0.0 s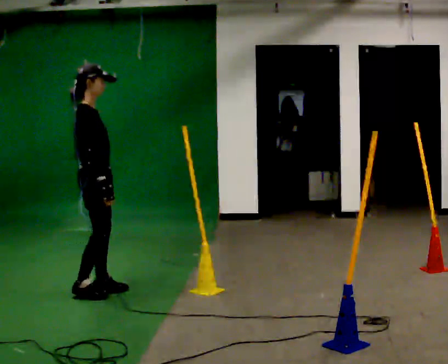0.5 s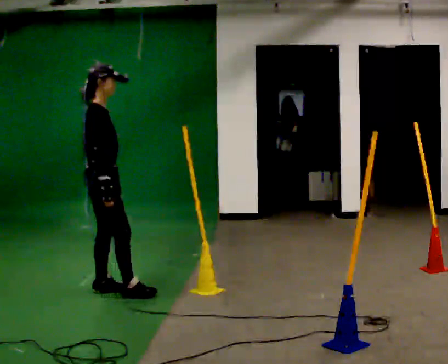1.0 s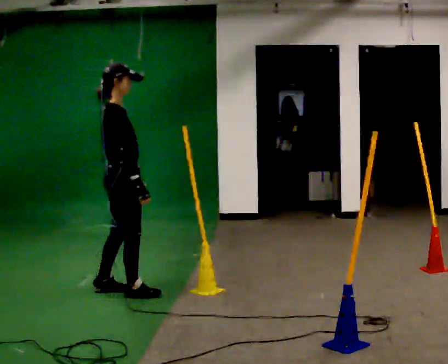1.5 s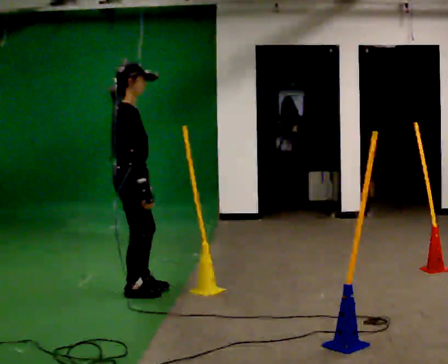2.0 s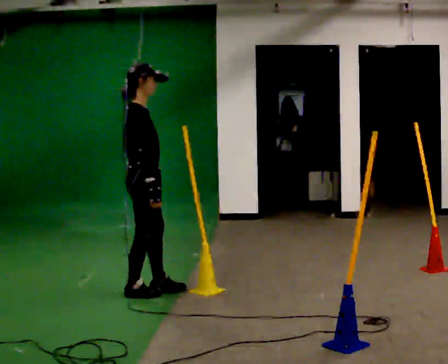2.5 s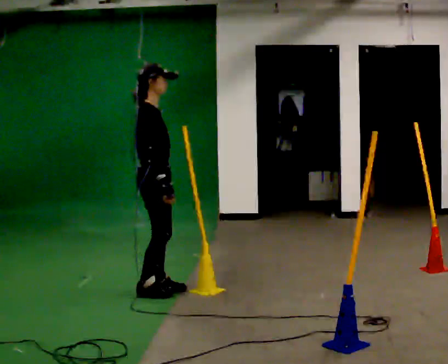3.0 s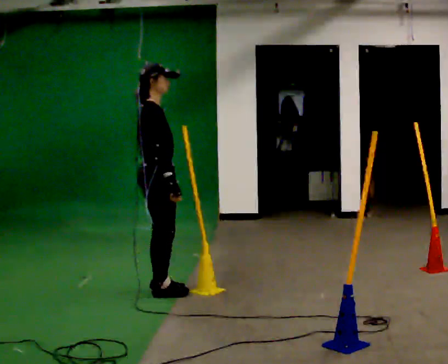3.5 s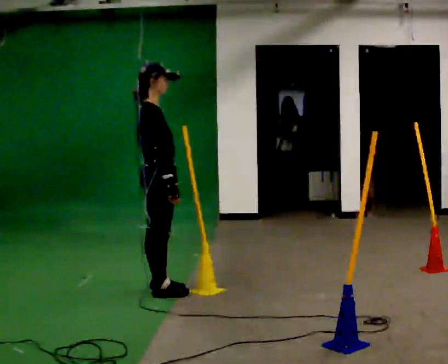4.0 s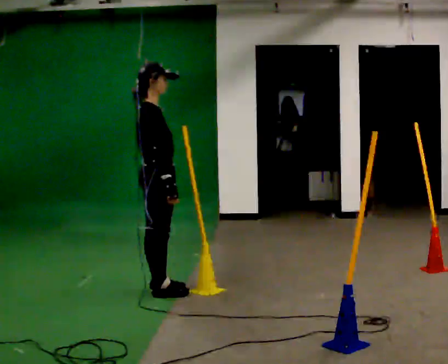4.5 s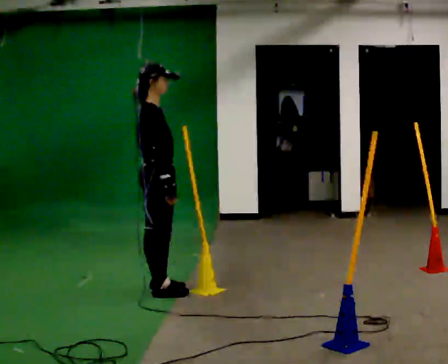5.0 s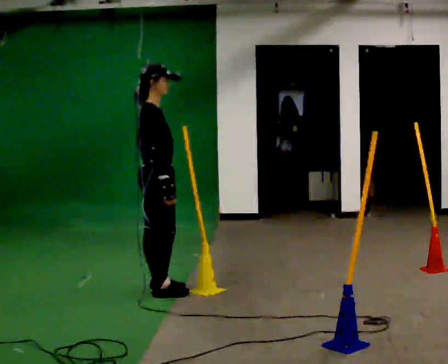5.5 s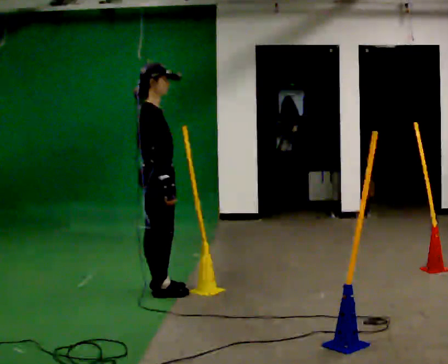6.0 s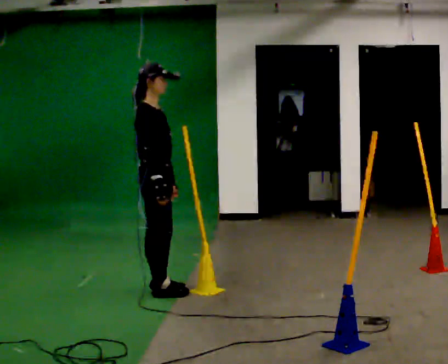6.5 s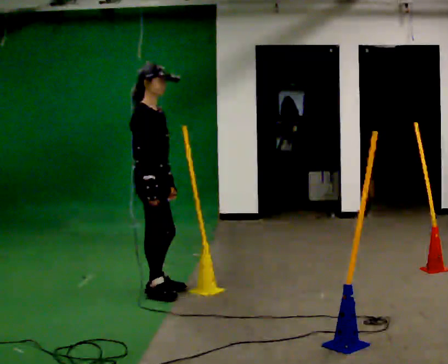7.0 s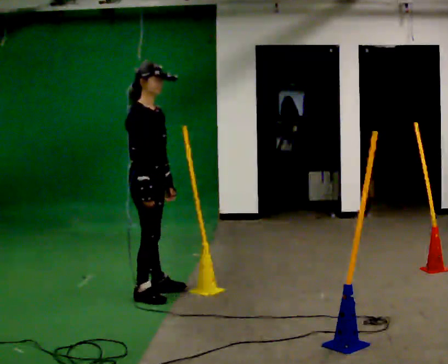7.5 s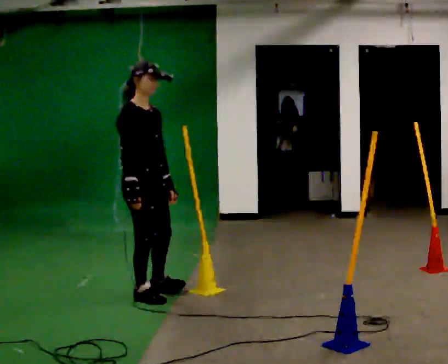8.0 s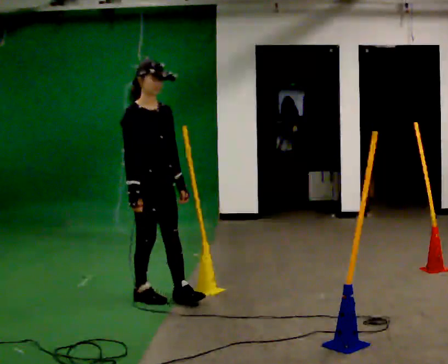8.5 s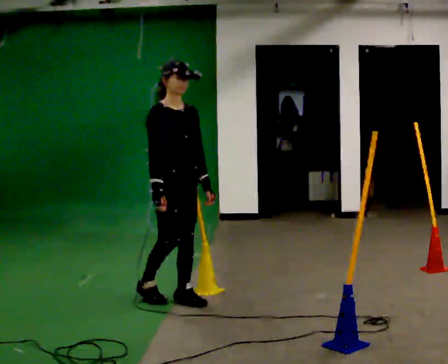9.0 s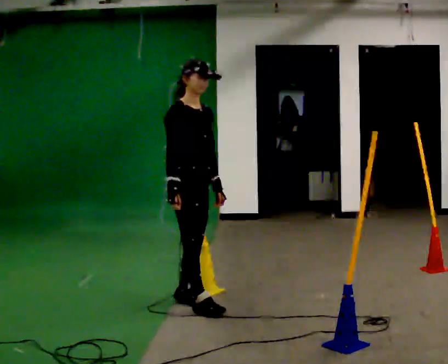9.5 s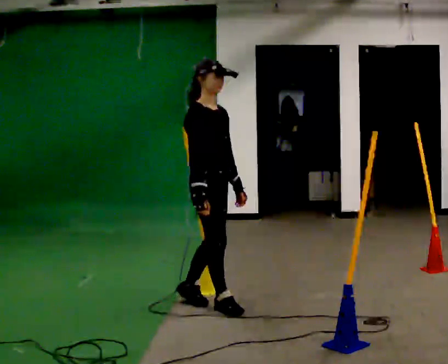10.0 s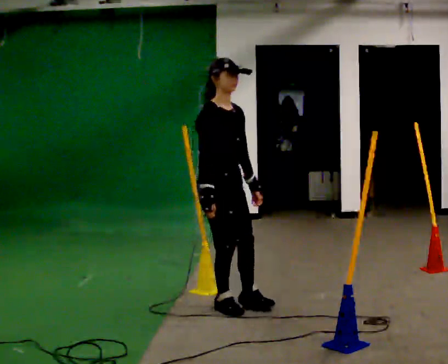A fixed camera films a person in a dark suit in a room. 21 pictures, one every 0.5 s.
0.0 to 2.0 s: In the picture they go to the right, about 0.25 m in 2 steps, which for them is forward.
2.0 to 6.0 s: The person moves a little, or ends about where they began.
6.0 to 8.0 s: The person turns about 30 degrees to their right, clockwise seen from above, so the part of the body nearest the lens slides to the left. In the picture they go toward the camera, about 0.25 m in 1 step, which for them is to their right.
8.0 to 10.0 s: In the picture they go to the right and toward the camera, about 0.5 m in 1 step, which for them is forward.
The film runs forward here.
